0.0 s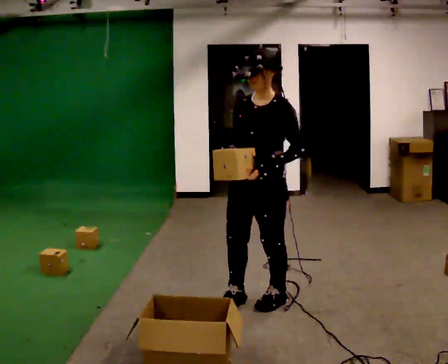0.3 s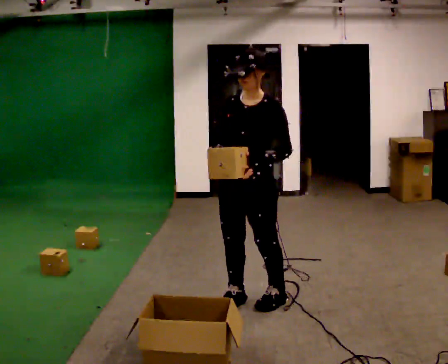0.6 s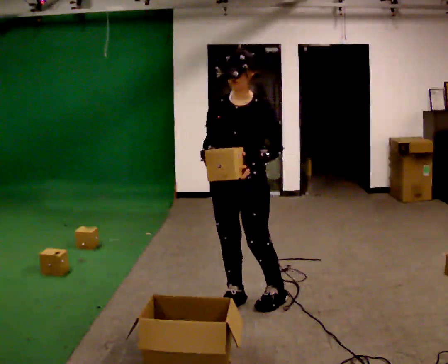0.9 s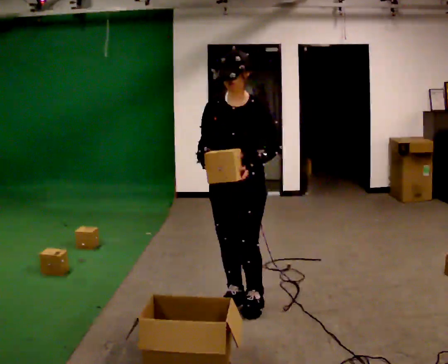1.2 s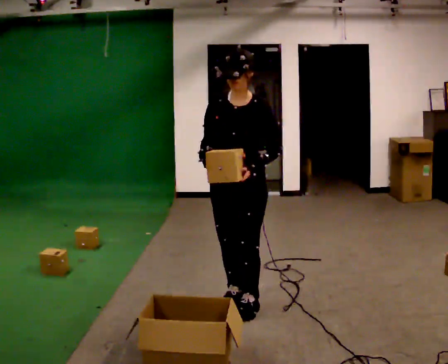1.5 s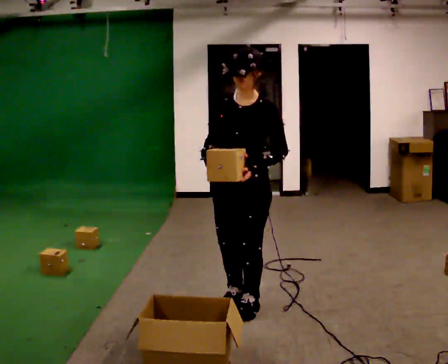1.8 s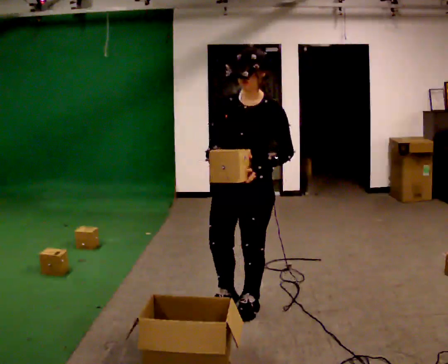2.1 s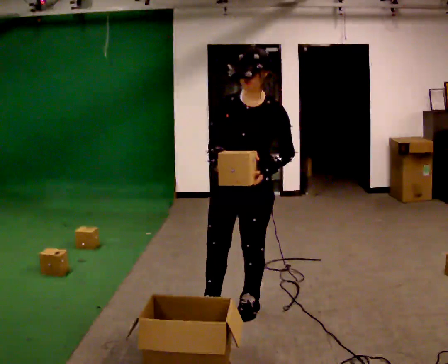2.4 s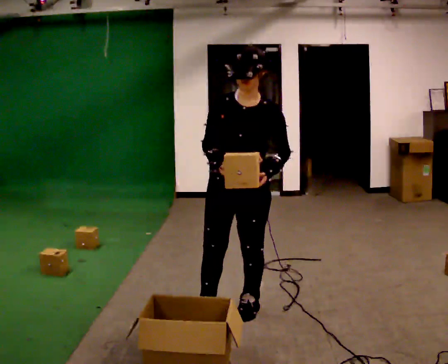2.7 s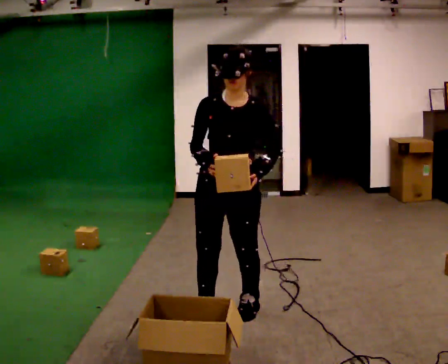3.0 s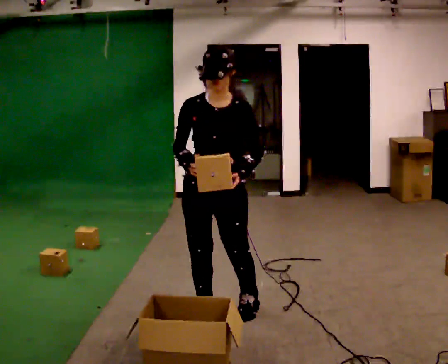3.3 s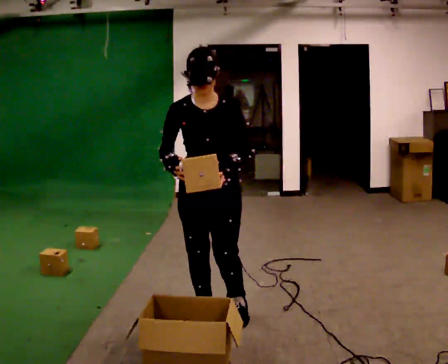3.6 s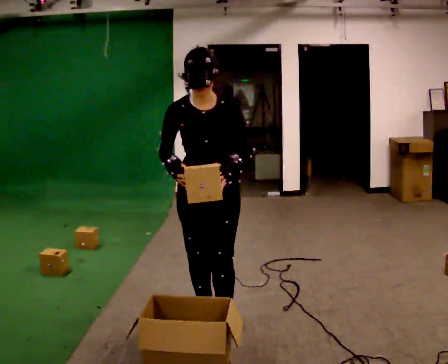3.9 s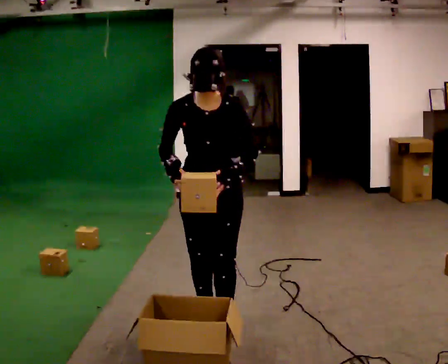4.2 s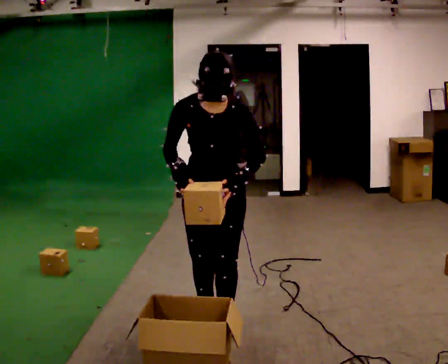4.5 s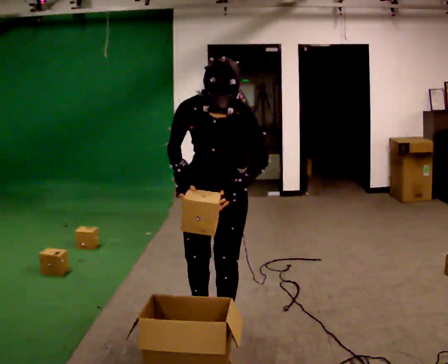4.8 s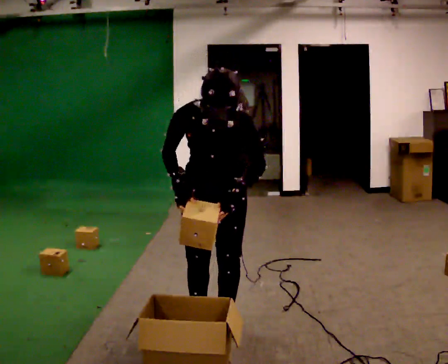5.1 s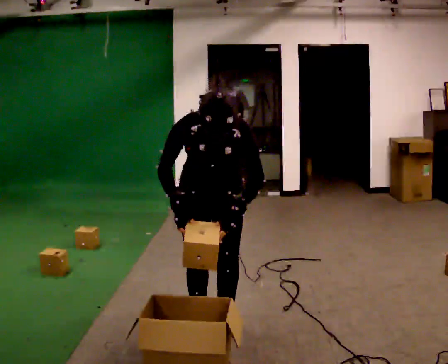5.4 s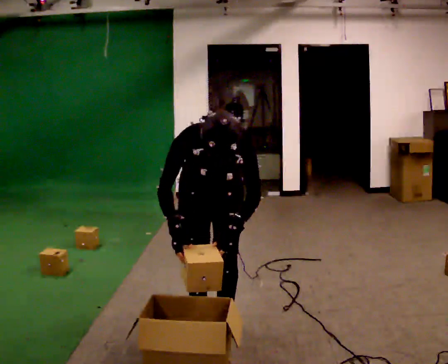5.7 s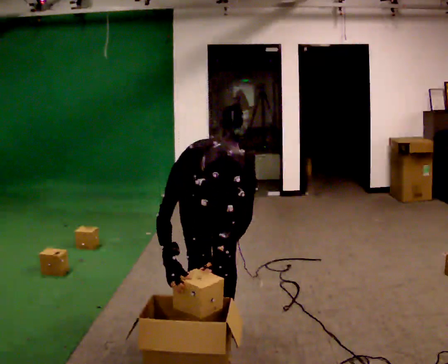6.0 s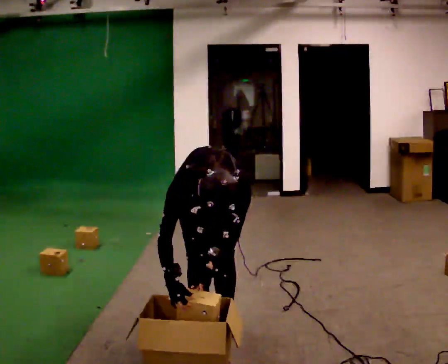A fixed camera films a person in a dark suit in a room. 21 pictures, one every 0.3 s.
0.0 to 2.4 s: The person moves a little, or ends about where they began.
2.4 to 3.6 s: In the picture they go to the left, about 0.25 m in 1 step, which for them is to their right and forward.
3.6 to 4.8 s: The upper body tips toward the camera, its near side rolling downward, as they bend forward.
4.8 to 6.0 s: The upper body goes downward. The upper body tips toward the camera, its near side rolling downward, as they bend forward. In the picture their right hand goes downward.
The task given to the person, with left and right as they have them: Take the objects from the bin one at a time and put one in each of the places the operator points out. Keep going until the operator says stop; one object at a time, and do not rush between trips.
The film runs forward here.
